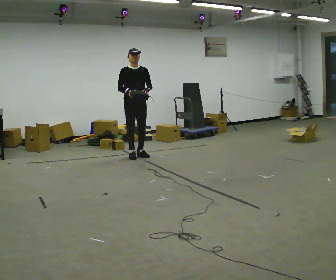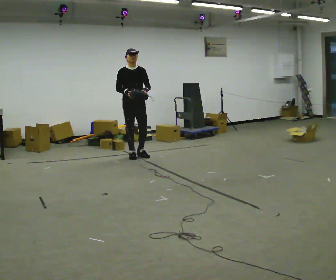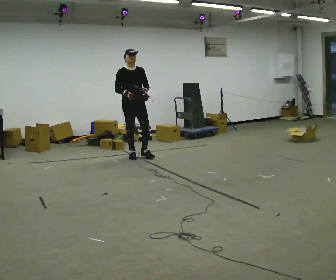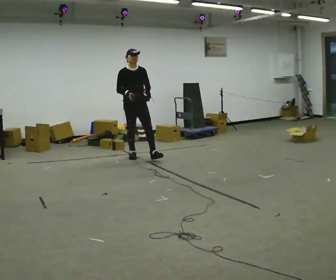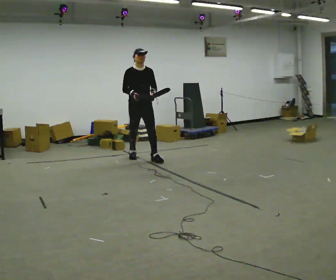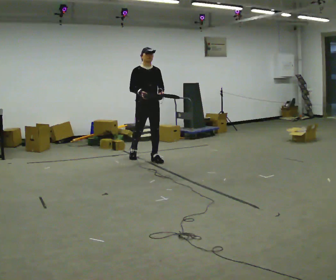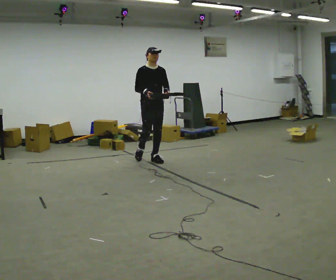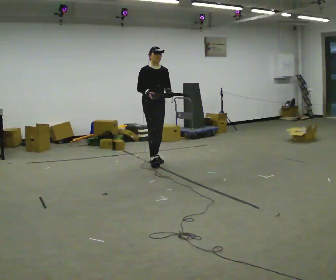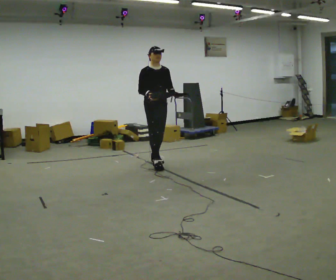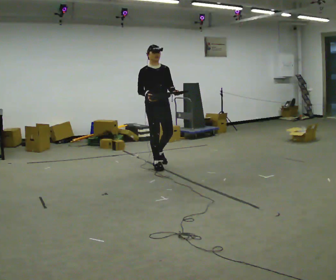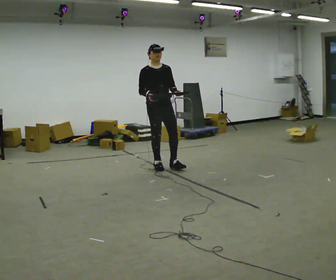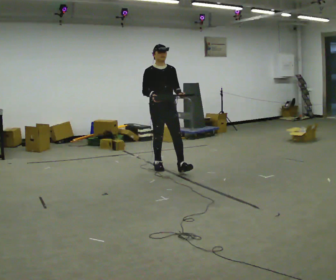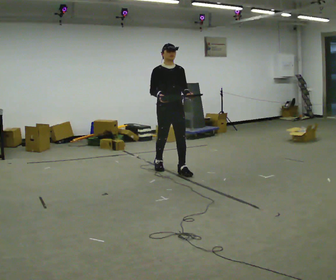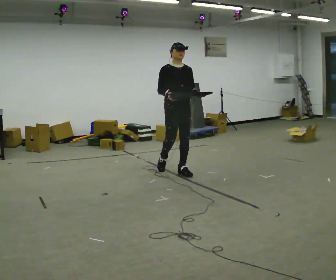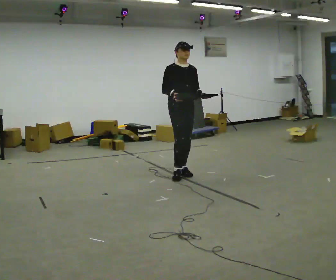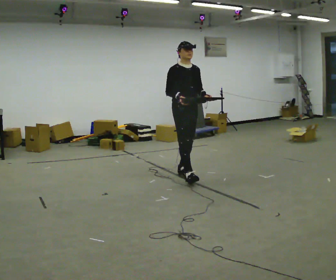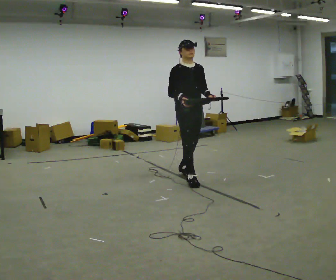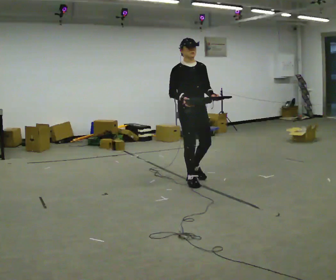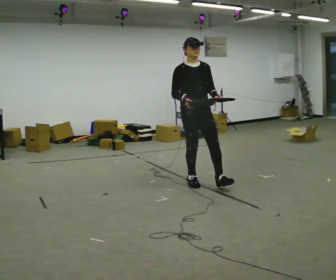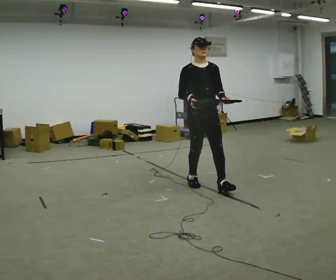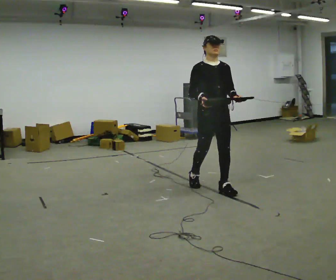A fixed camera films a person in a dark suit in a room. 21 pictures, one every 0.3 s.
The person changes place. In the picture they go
toward the camera.
0.0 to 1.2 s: In the picture they go toward the camera, about 0.25 m in 1 step, which for them is forward.
1.2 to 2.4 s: In the picture they go toward the camera and to the right, about 0.5 m in 1 step, which for them is forward.
2.4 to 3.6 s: In the picture they go toward the camera and to the right, about 0.5 m in 1 step, which for them is forward.
3.6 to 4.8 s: In the picture they go toward the camera and to the right, about 0.5 m in 1 step, which for them is forward.
4.8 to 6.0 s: In the picture they go toward the camera and to the right, about 0.5 m in 1 step, which for them is forward.
The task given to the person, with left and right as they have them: Carry the box with its lid hanging open across the room, back and forth.
The film runs forward here.
